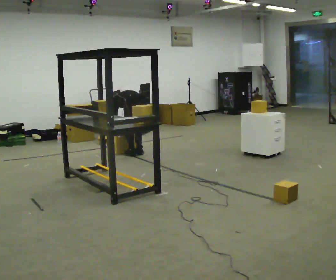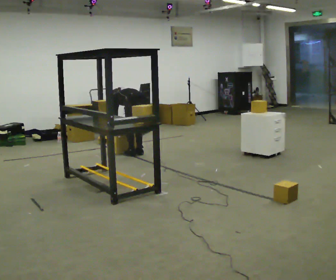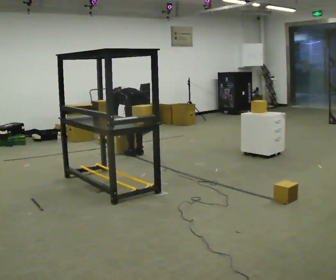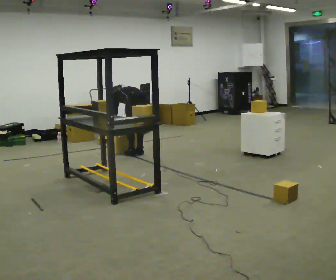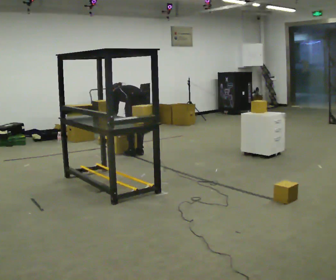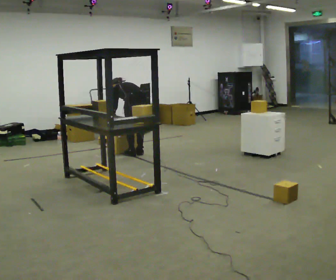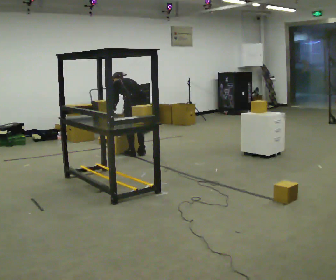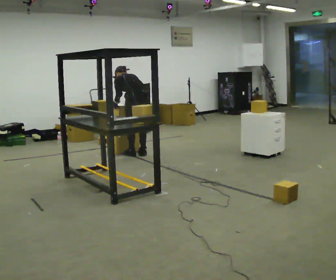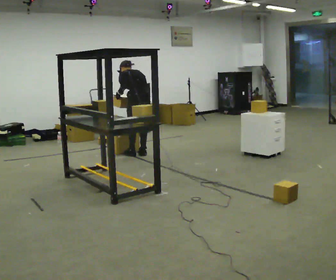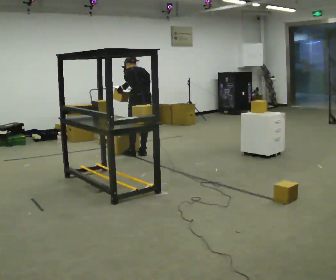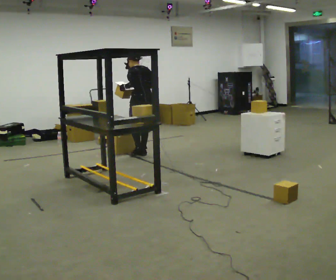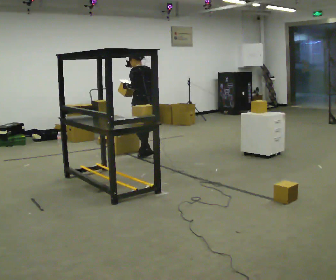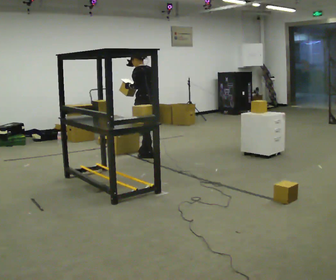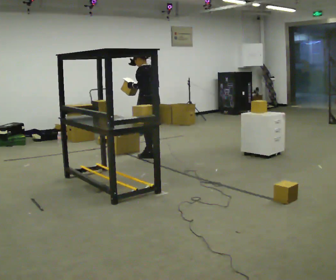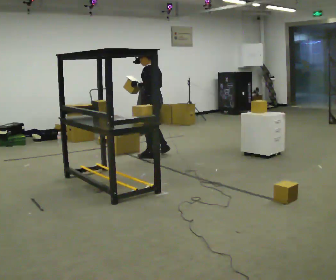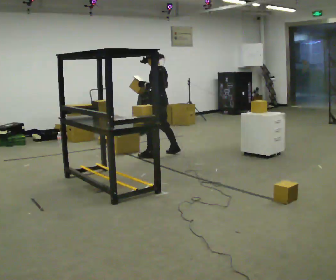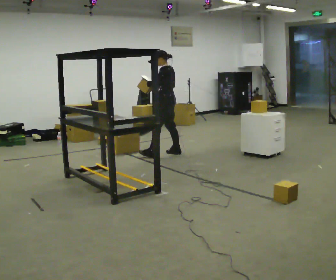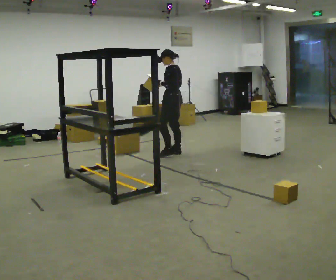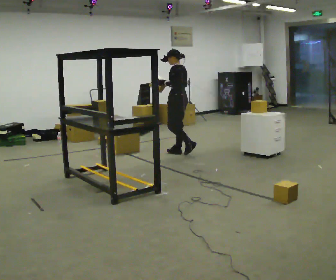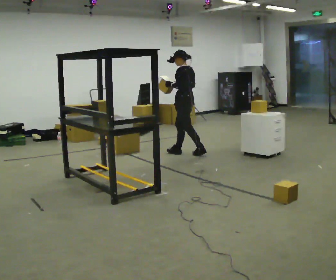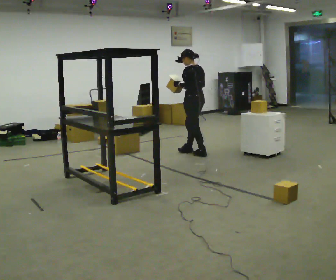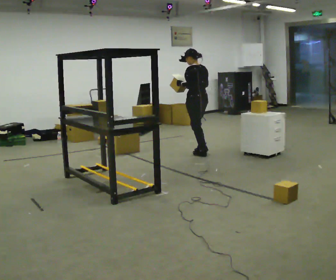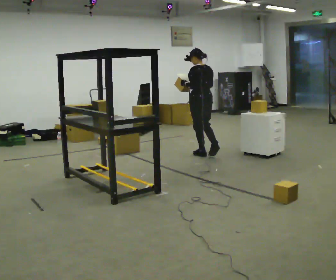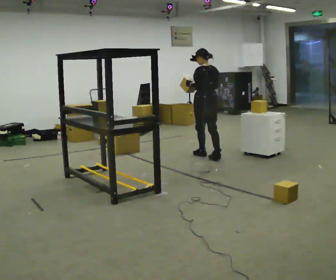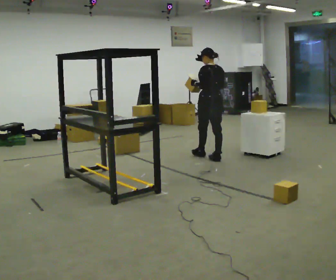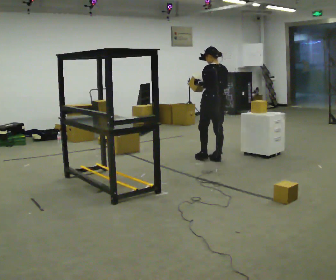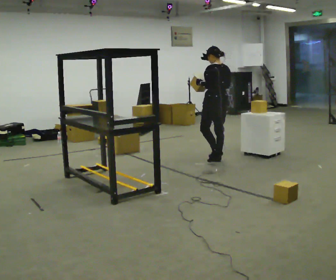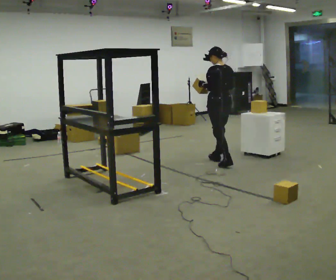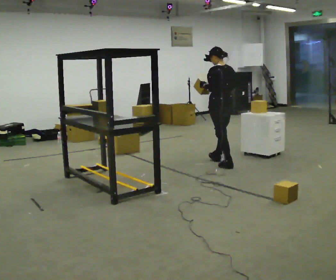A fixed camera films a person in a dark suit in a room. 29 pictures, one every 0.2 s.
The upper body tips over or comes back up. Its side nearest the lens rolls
downward.
The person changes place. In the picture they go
to the right.
0.0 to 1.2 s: The upper body goes upward. In the picture the upper body tilts clockwise, shoulders to the right, as they lean back or straighten.
1.2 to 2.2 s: The upper body goes upward. The upper body tips toward the camera, its near side rolling downward, as they lean back or straighten. In the picture their right hand goes upward.
2.2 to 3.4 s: In the picture they go to the right, about 0.5 m in 2 steps, which for them is backward and to their right.
3.4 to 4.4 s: Seen from above the body turns clockwise, about 30 degrees: to their right, with its near side sliding to the left. In the picture they go to the right and toward the camera, about 0.5 m in 1 step, which for them is backward.
4.4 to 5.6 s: In the picture they go toward the camera and to the right, about 0.5 m in 1 step, which for them is backward.
The film runs backward here.
